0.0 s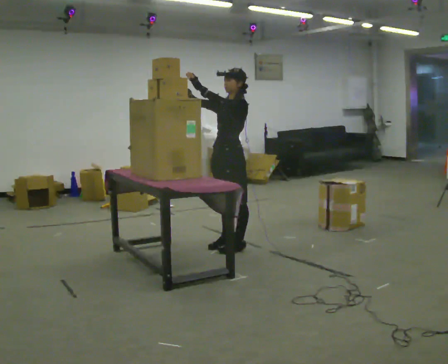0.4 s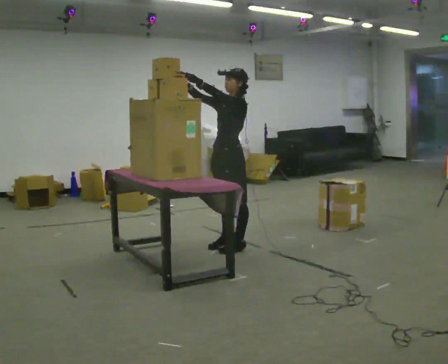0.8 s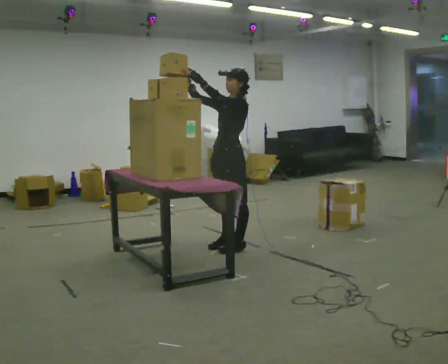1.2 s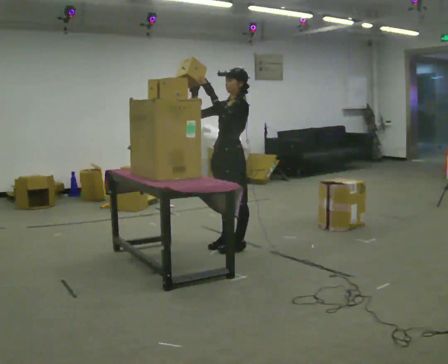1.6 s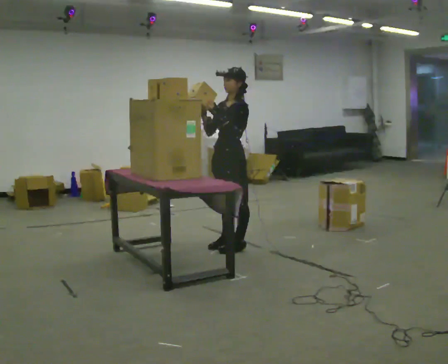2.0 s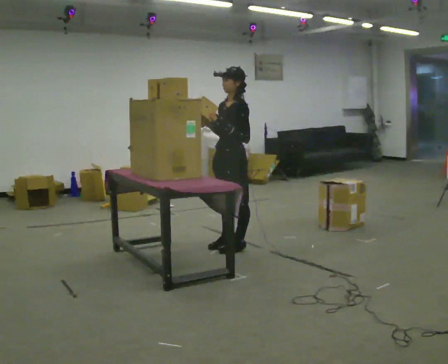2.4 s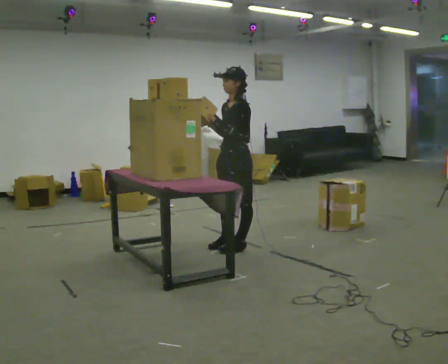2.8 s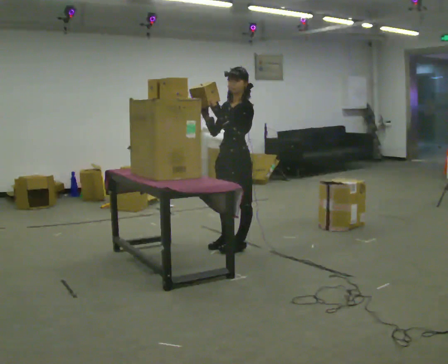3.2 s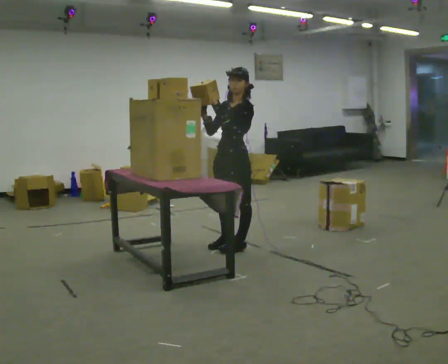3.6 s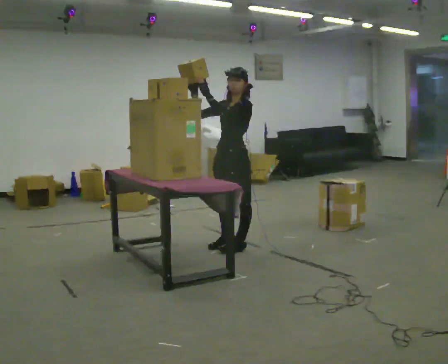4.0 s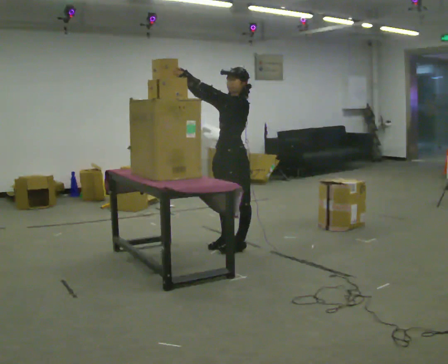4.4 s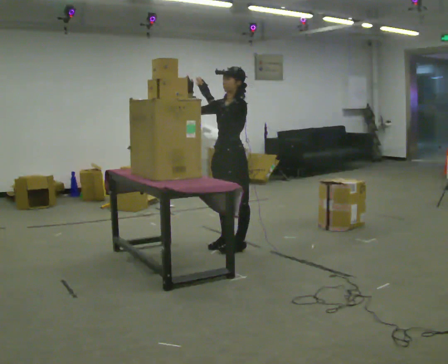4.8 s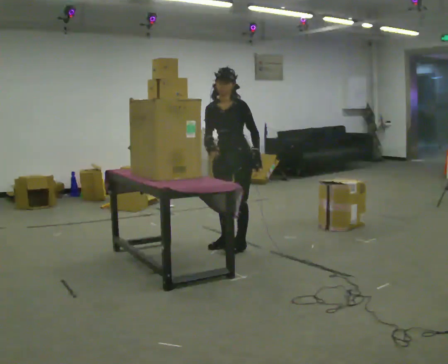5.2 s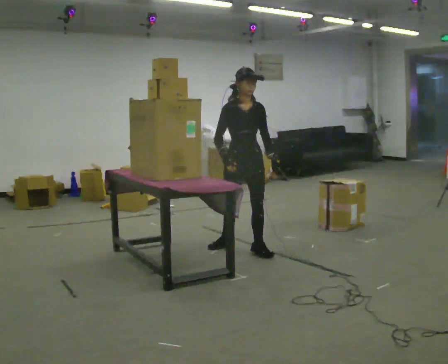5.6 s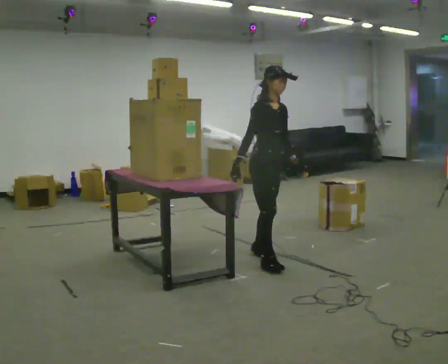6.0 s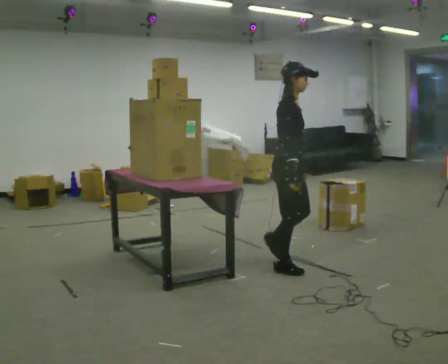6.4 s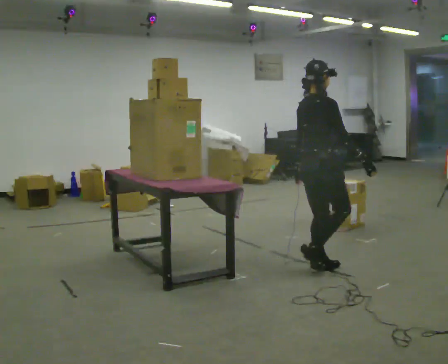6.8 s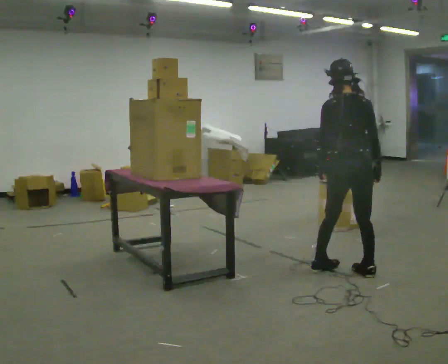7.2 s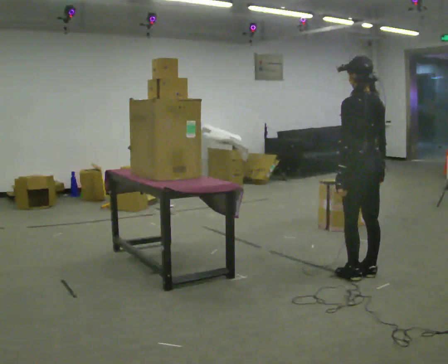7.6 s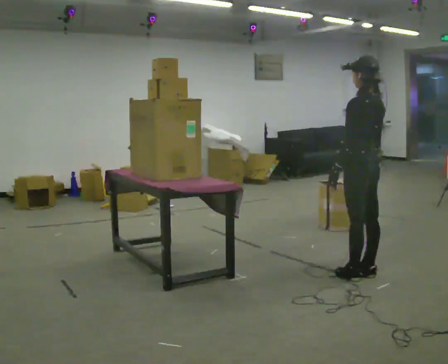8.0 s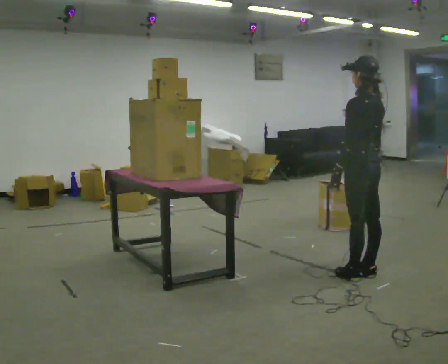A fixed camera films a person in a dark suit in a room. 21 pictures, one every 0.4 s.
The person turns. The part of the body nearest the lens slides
to the right.
The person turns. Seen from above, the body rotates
counterclockwise.
0.0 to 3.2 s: The person moves a little, or ends about where they began.
3.2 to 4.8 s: The person turns about 30 degrees to their left, counterclockwise seen from above, so the part of the body nearest the lens slides to the right. In the picture the upper body tilts counterclockwise, shoulders to the left, as they bend forward. In the picture their left hand goes downward and to the right.
4.8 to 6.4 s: The person turns about 135 degrees to their left, counterclockwise seen from above, so the part of the body nearest the lens slides to the right. In the picture they go toward the camera and to the right, about 1 m in 3 steps.
6.4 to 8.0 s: The person turns about 105 degrees to their left, counterclockwise seen from above, so the part of the body nearest the lens slides to the right. In the picture they go to the right and toward the camera, about 0.25 m in 2 steps.
The film runs forward here.
